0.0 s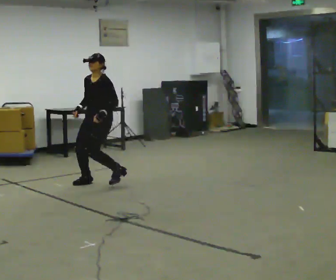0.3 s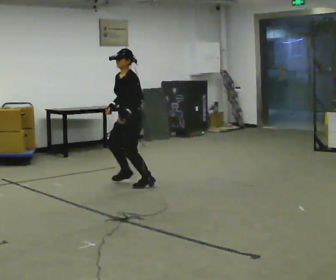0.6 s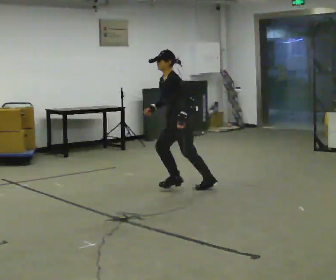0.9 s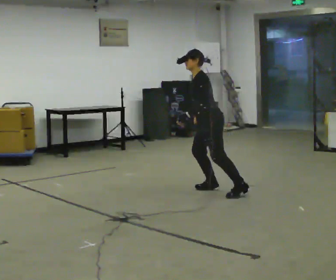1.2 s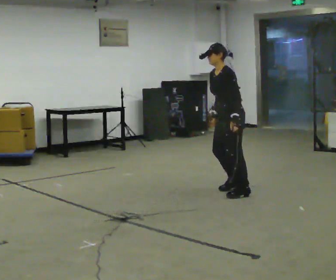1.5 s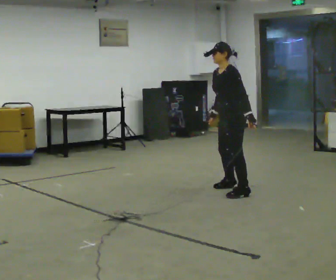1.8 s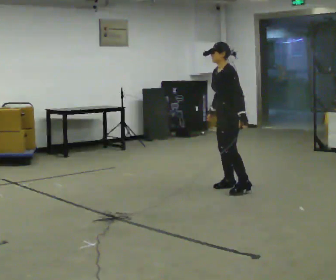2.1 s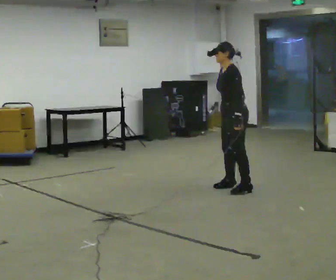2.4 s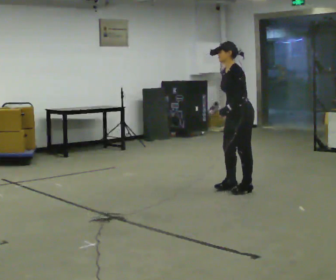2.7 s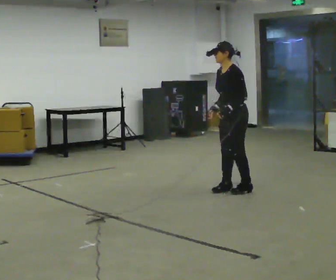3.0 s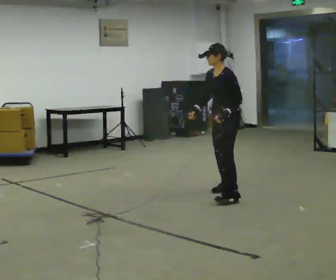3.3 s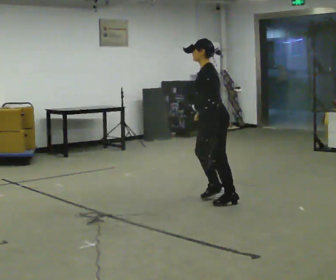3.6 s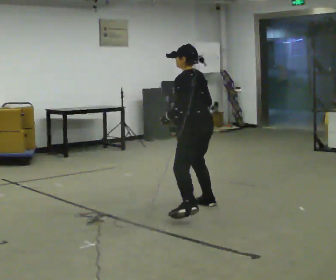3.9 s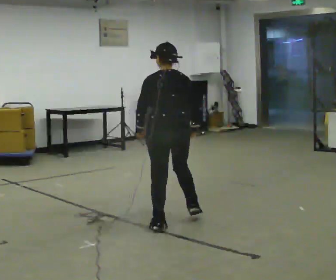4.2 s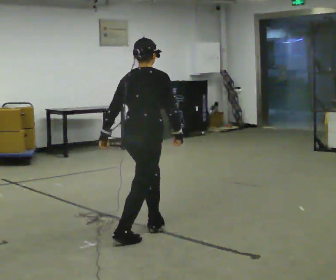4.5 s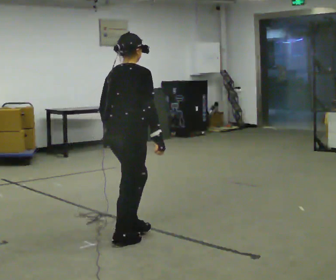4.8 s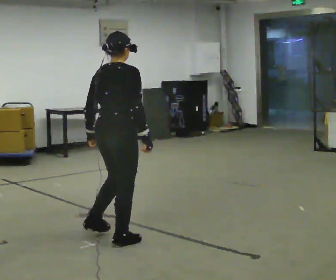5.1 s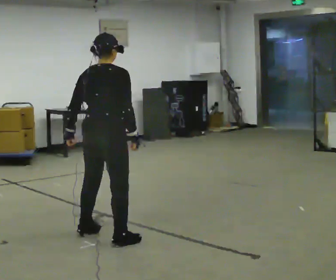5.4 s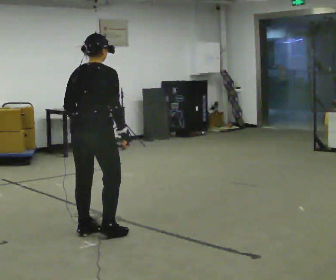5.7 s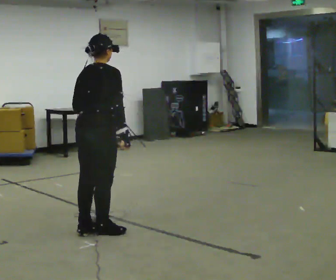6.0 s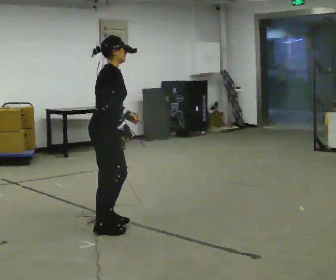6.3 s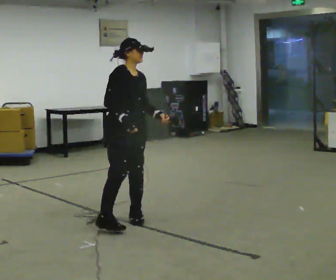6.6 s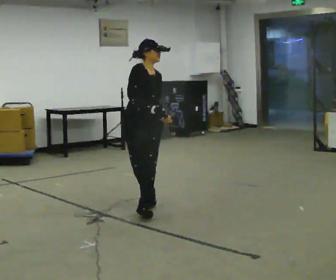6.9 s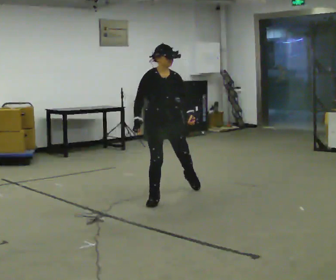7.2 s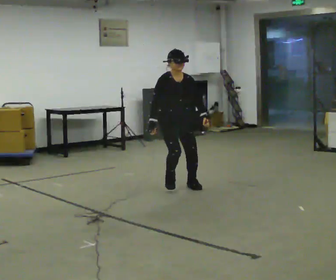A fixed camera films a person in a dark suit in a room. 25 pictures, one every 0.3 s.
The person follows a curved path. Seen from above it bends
clockwise.
0.0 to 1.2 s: The person turns about 30 degrees to their right, clockwise seen from above, so the part of the body nearest the lens slides to the left. In the picture they go to the right, about 1.5 m in 3 steps, which for them is backward and to their left.
1.2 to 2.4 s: The person moves a little, or ends about where they began.
2.4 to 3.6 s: The person turns about 45 degrees to their right, clockwise seen from above, so the part of the body nearest the lens slides to the left. In the picture they go toward the camera and to the left, about 1 m in 3 steps.
3.6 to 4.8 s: The part of the body nearest the lens slides to the left as the person turns to their right by about 90 degrees. In the picture they go toward the camera and to the left, about 1 m in 2 steps.
4.8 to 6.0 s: The part of the body nearest the lens slides to the left as the person turns to their right by about 30 degrees. In the picture they go away from the camera, about 0.25 m in 2 steps, which for them is forward and to their left.
6.0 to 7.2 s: The part of the body nearest the lens slides to the left as the person turns to their right by about 75 degrees. In the picture they go away from the camera, about 1.5 m in 3 steps. The upper body tips toward the camera, its near side rolling downward.
The film runs backward here.
